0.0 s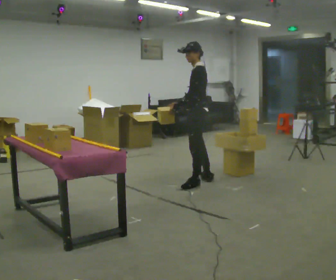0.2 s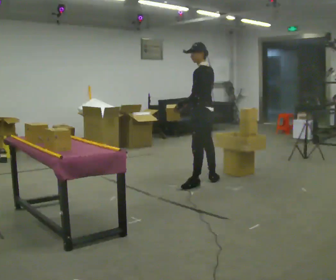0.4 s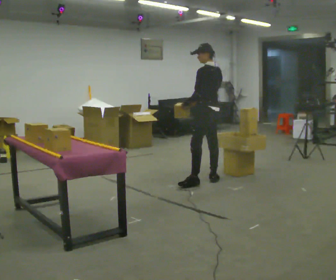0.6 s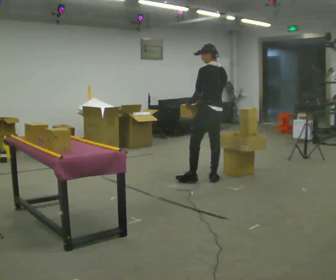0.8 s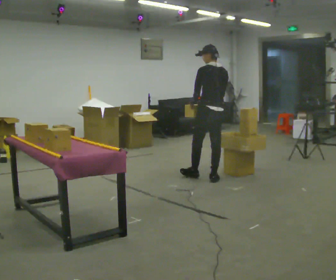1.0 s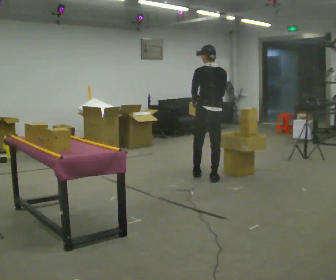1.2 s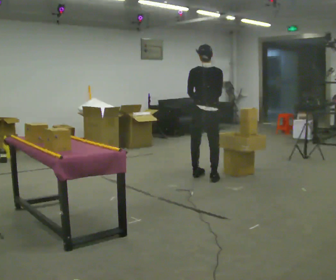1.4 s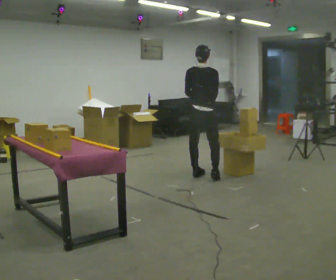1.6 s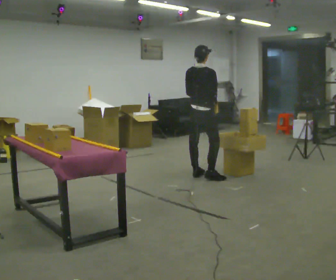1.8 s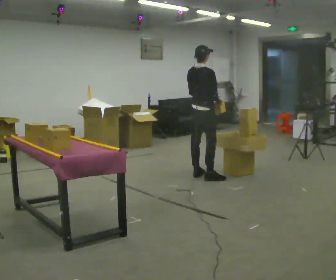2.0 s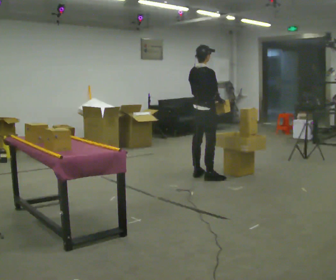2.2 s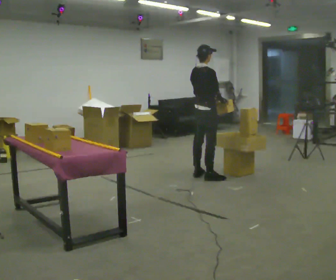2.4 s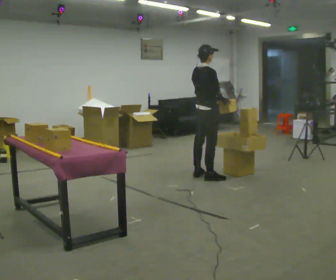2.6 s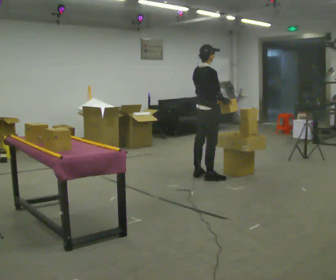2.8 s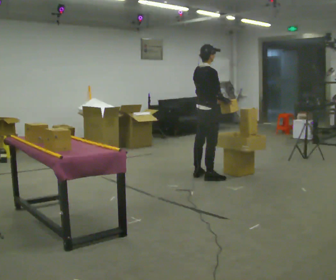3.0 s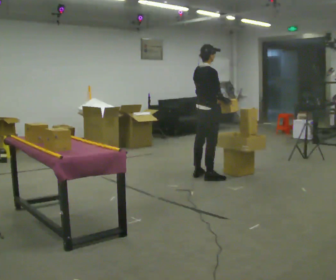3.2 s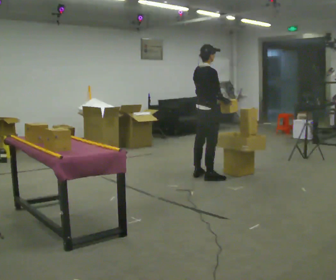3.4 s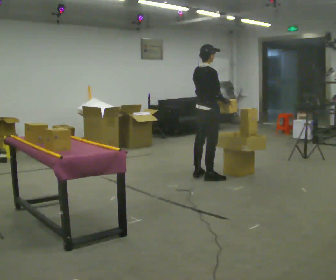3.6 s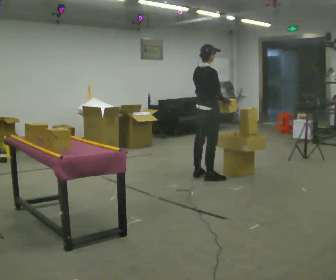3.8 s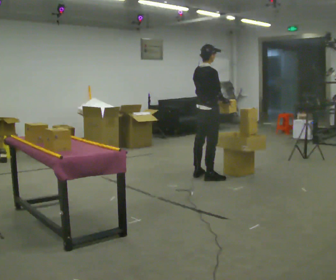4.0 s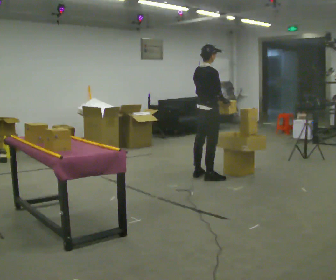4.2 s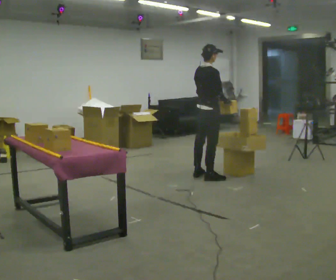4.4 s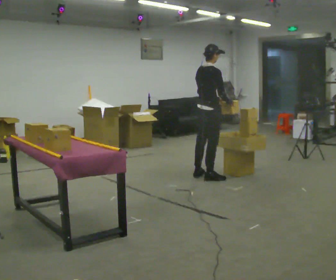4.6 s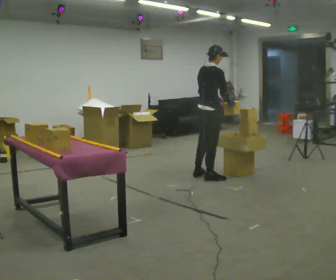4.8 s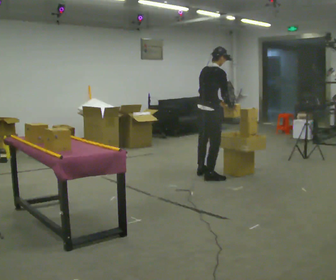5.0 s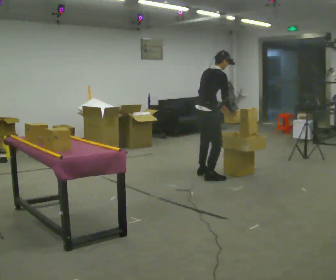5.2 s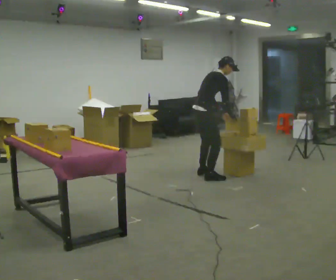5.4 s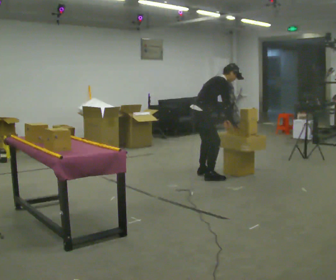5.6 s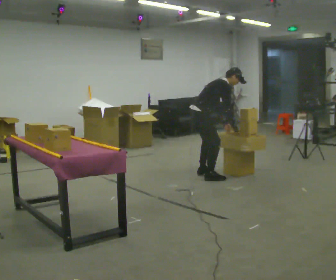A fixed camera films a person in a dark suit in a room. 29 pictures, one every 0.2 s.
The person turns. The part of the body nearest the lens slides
to the left.
The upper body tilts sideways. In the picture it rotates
clockwise.
0.0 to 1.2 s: The person turns about 90 degrees to their right, clockwise seen from above, so the part of the body nearest the lens slides to the left. In the picture they go away from the camera, about 0.5 m in 1 step.
1.2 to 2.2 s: The part of the body nearest the lens slides to the left as the person turns to their right by about 45 degrees.
2.2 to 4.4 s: The person moves a little, or ends about where they began.
4.4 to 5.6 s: The upper body goes downward. In the picture the upper body tilts clockwise, shoulders to the right, as they bend forward. In the picture their right hand goes downward.
The film runs backward here.
